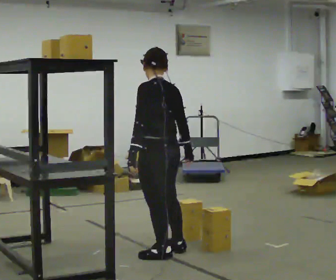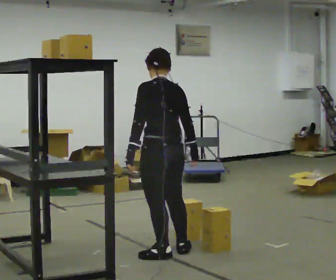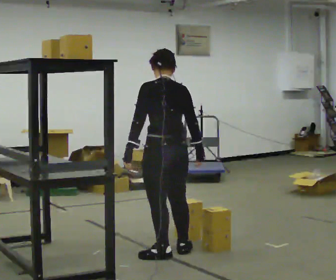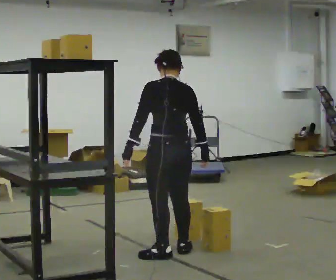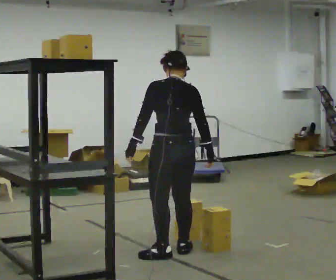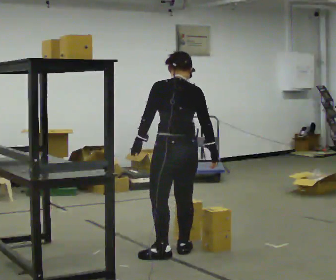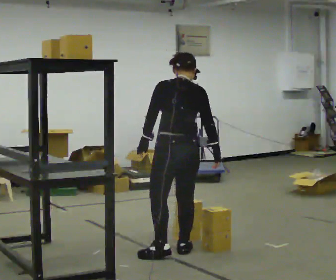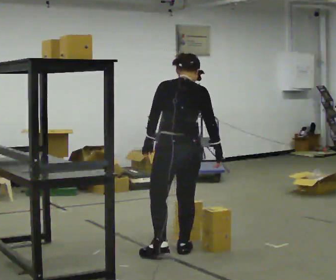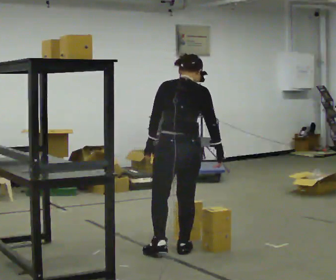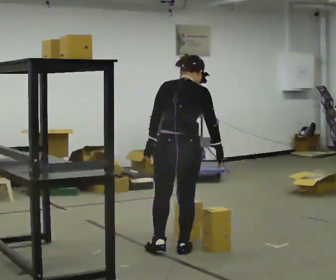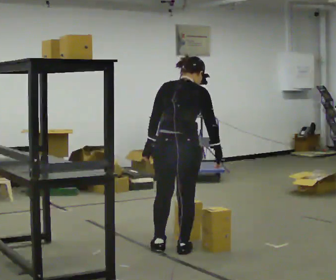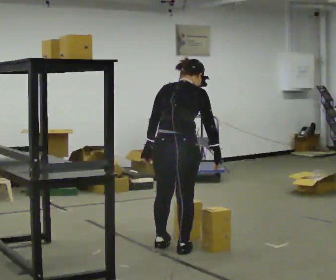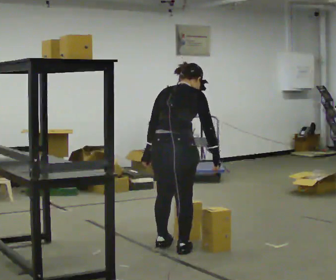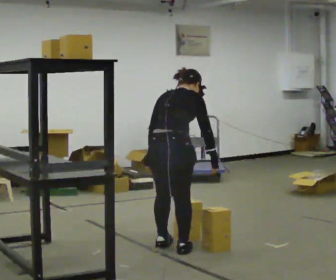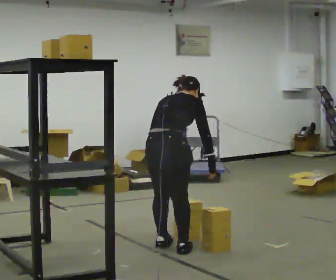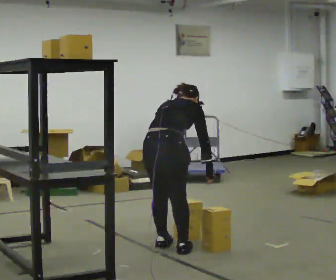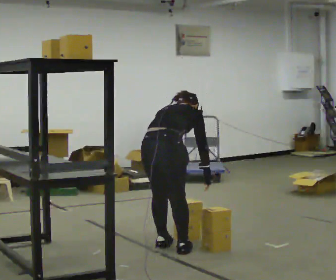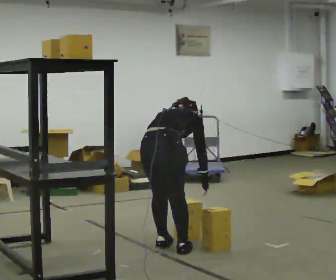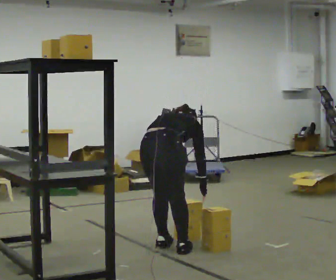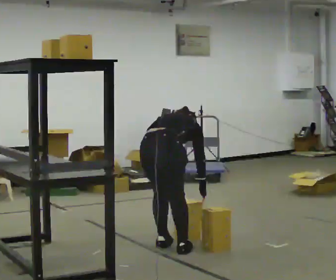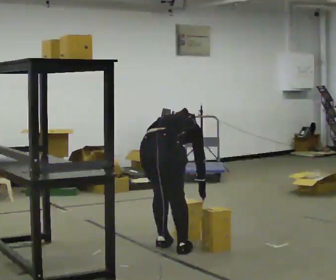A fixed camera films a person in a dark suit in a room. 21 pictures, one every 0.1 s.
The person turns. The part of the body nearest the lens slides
to the left.
The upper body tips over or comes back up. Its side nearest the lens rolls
upward.
0.0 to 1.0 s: The part of the body nearest the lens slides to the left as the person turns to their right by about 60 degrees.
1.0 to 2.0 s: The shoulders move downward. The upper body tips away from the camera, its near side rolling upward, as they bend forward. In the picture their left hand goes downward.
The film runs forward here.
